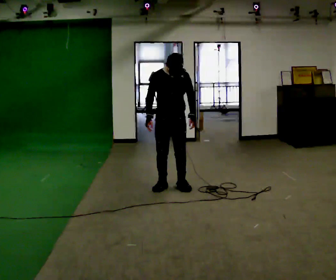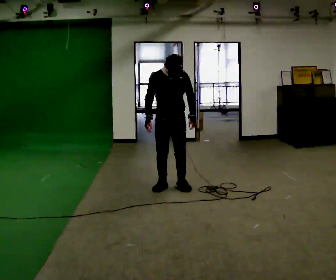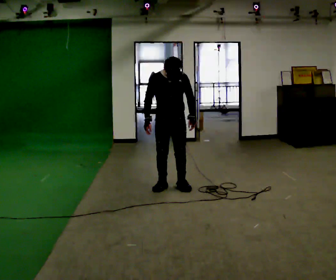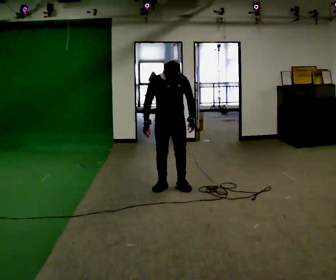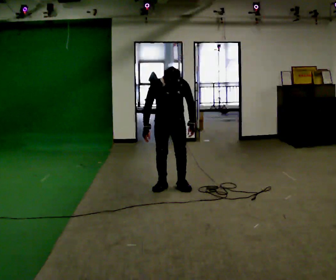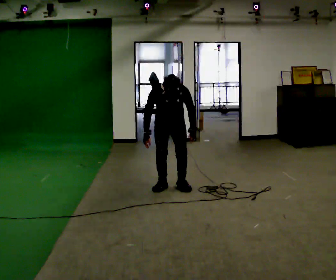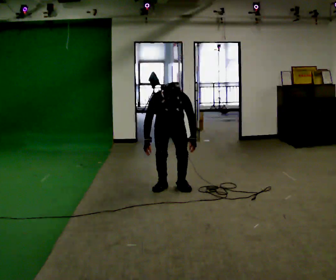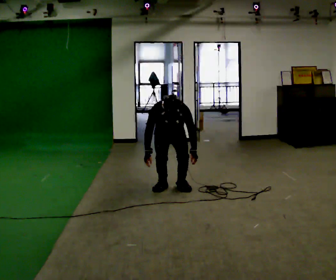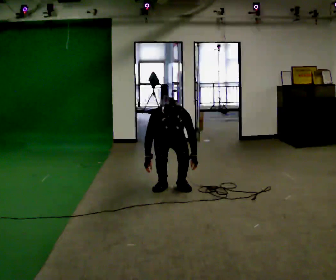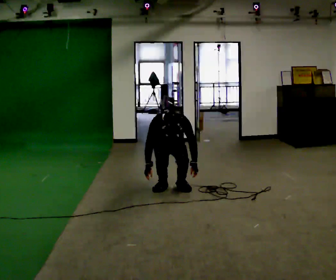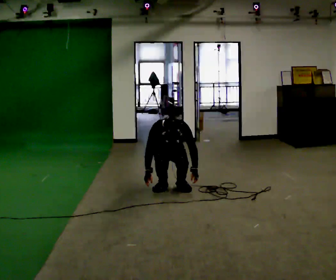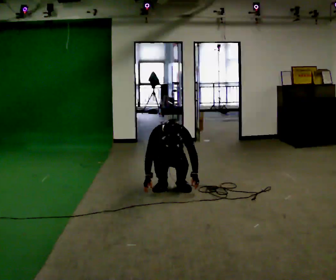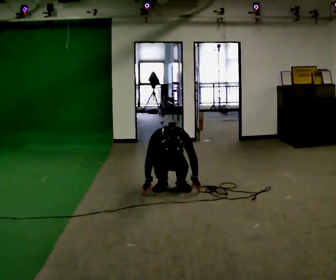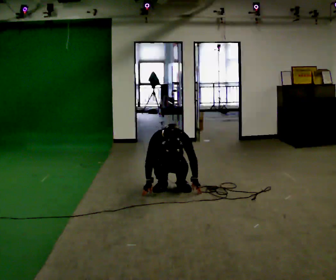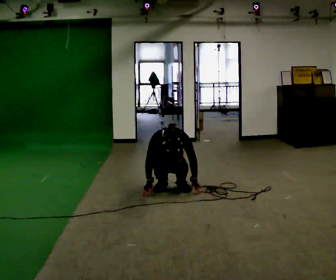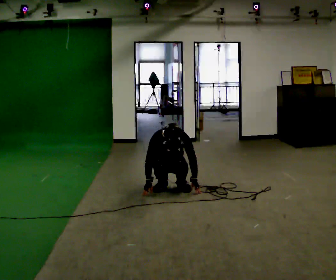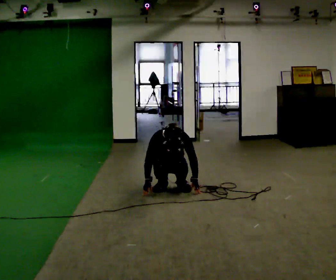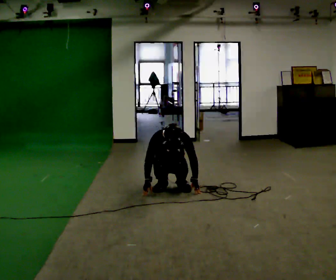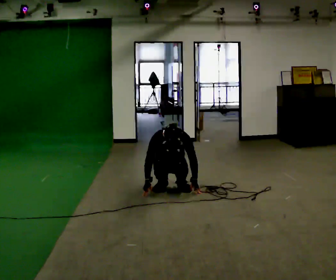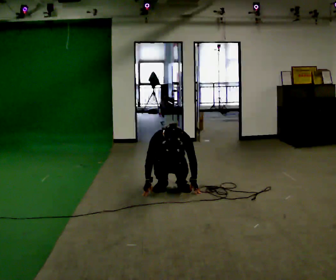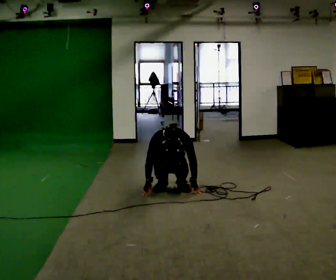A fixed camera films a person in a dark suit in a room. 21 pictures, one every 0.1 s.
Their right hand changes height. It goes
downward.
The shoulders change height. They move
downward.
0.0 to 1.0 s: The shoulders move downward. The upper body tips toward the camera, its near side rolling downward, as they bend forward. In the picture their left hand goes downward.
1.0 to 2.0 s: The person moves a little, or ends about where they began.
The film runs forward here.
